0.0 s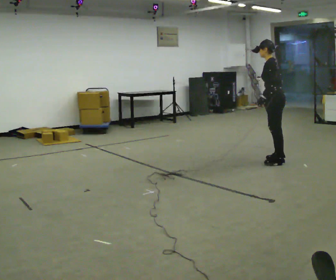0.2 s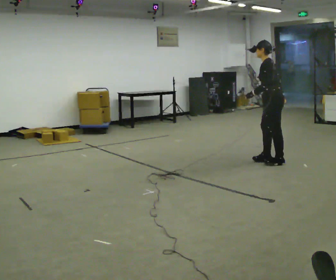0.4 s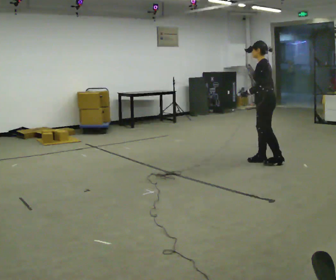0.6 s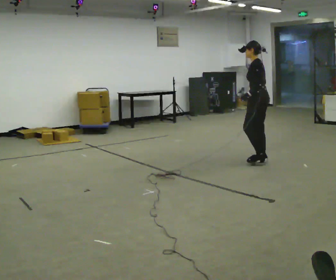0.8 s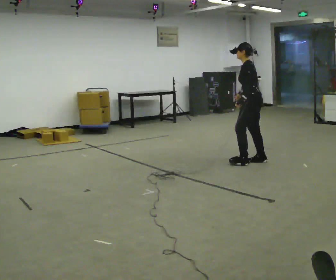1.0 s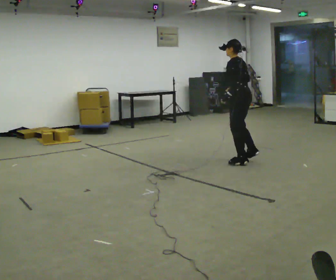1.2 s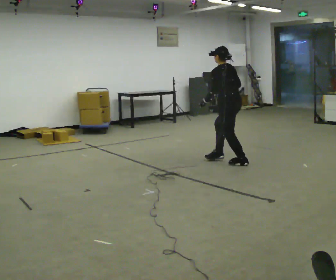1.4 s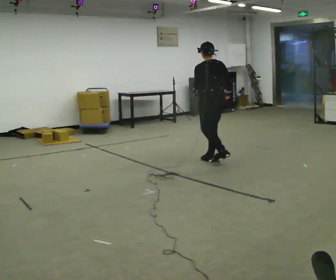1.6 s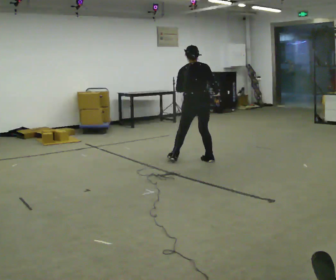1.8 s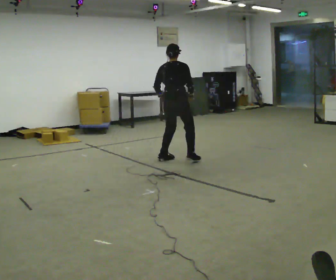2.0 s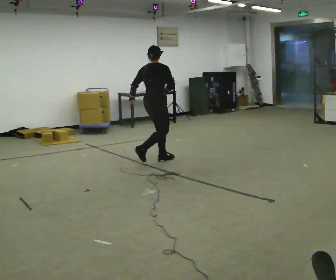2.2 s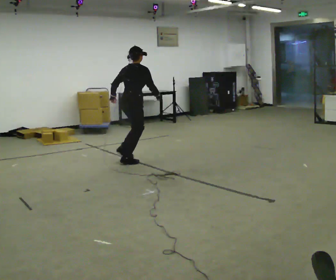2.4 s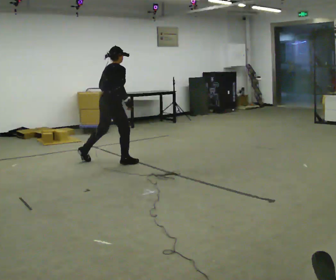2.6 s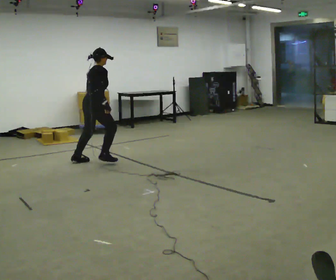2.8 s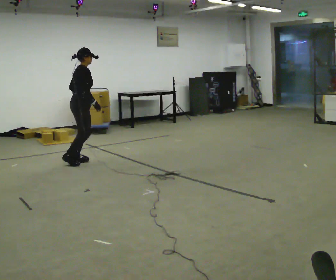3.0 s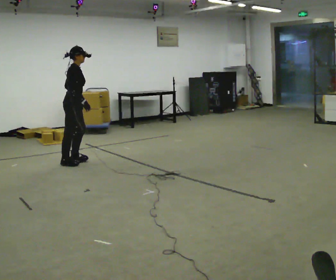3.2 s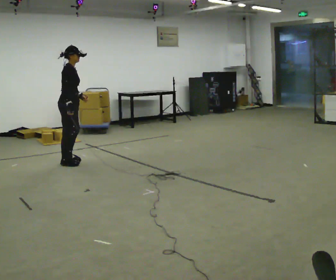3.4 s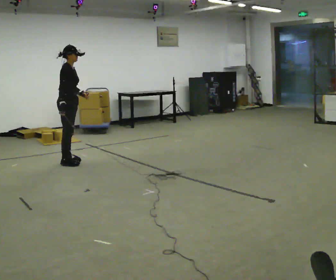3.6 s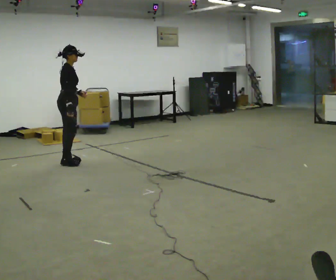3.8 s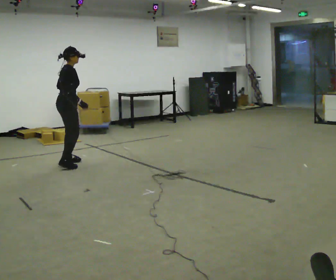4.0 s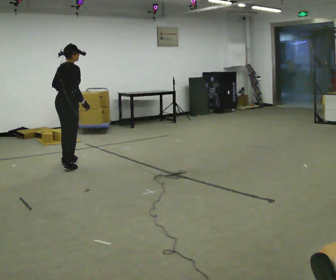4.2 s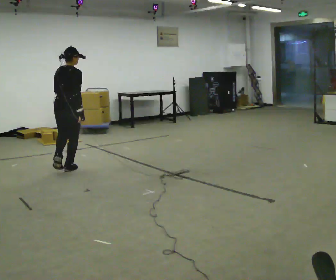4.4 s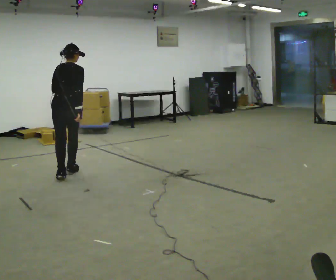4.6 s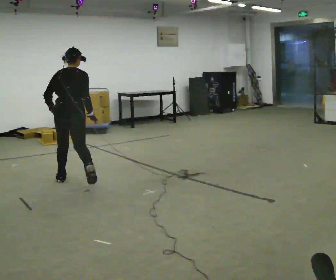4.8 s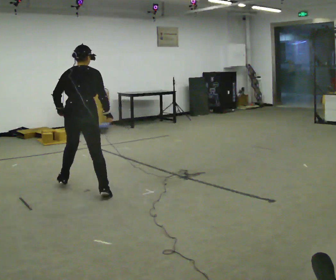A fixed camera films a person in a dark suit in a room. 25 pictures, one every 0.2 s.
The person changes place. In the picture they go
to the left.
The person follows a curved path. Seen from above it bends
counterclockwise.
0.0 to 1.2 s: In the picture they go to the left and away from the camera, about 0.5 m in 2 steps, which for them is forward.
1.2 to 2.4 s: The part of the body nearest the lens slides to the left as the person turns to their right by about 90 degrees. In the picture they go to the left, about 1.5 m in 4 steps. In the picture the upper body tilts clockwise, shoulders to the right.
2.4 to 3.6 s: The person turns about 30 degrees to their right, clockwise seen from above, so the part of the body nearest the lens slides to the left. In the picture they go to the left, about 0.5 m in 1 step, which for them is backward.
3.6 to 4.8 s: Seen from above the body turns counterclockwise, about 75 degrees: to their left, with its near side sliding to the right. In the picture they go toward the camera, about 1 m in 3 steps. The upper body tips away from the camera, its near side rolling upward.
The film runs backward here.
